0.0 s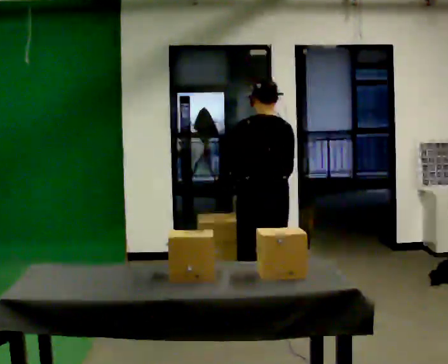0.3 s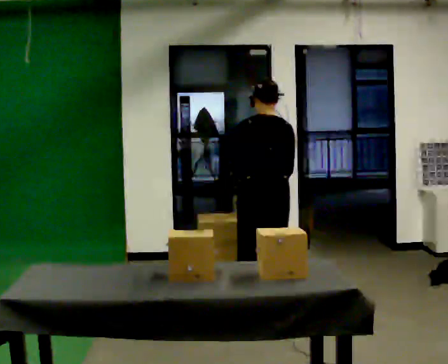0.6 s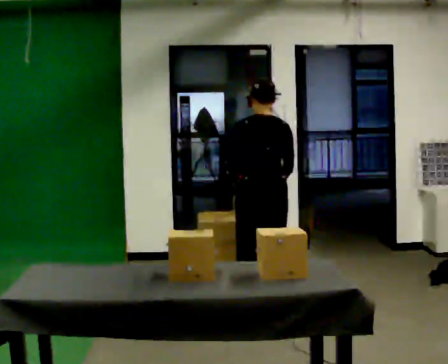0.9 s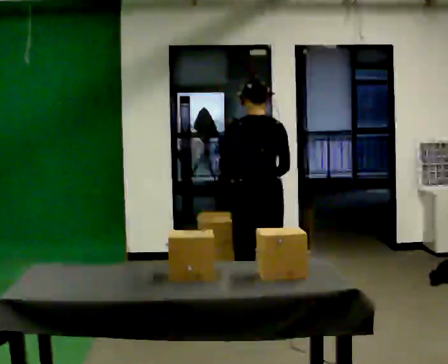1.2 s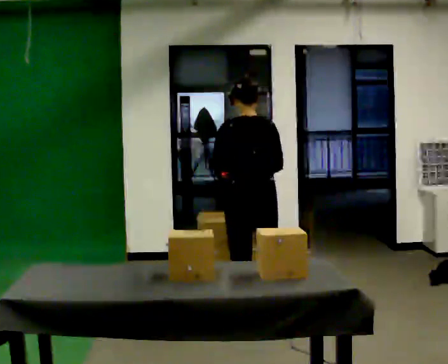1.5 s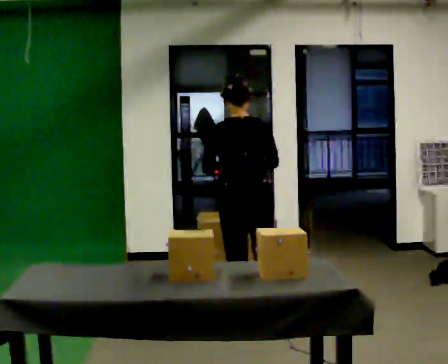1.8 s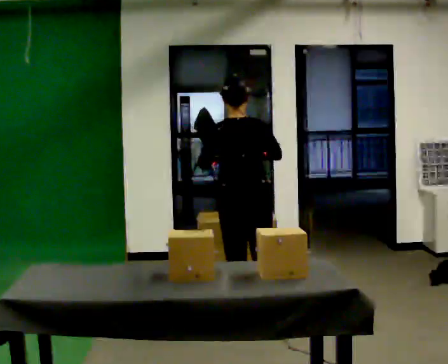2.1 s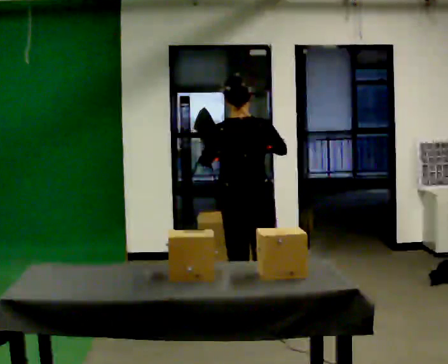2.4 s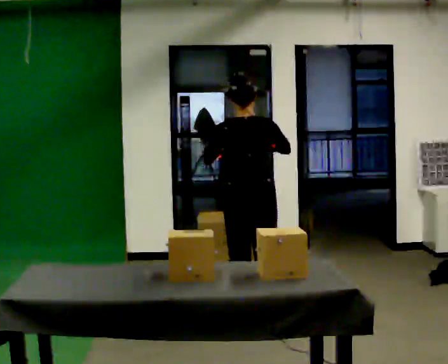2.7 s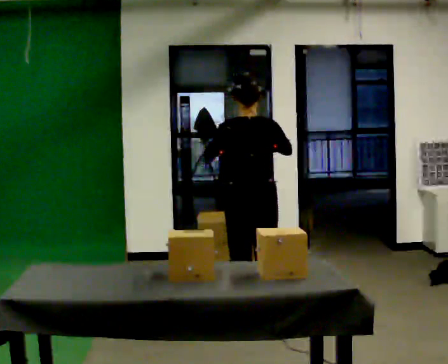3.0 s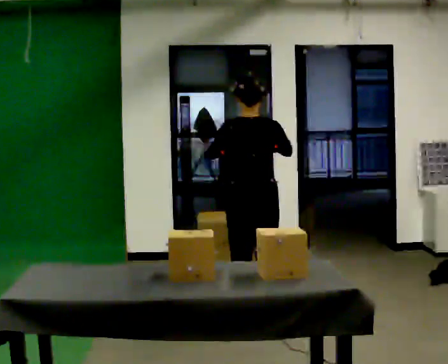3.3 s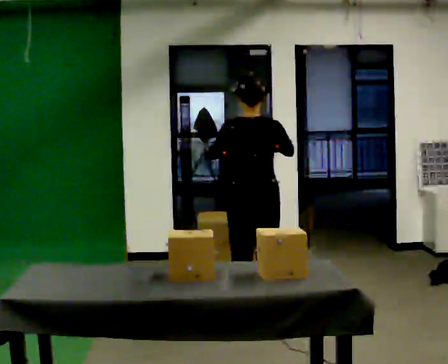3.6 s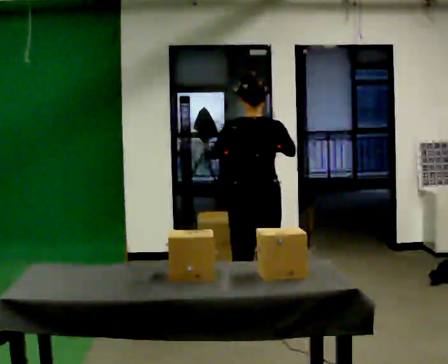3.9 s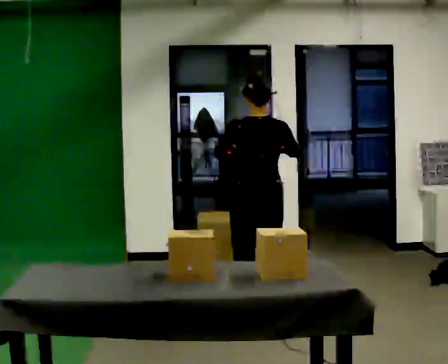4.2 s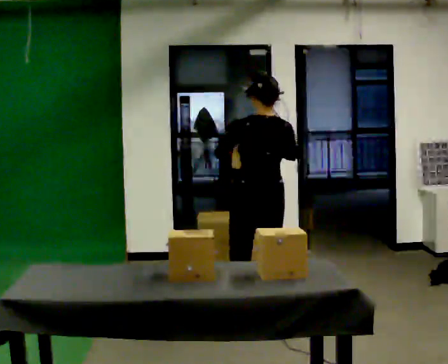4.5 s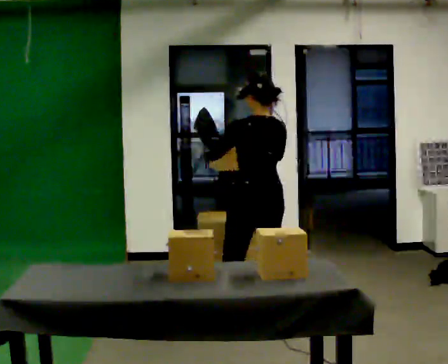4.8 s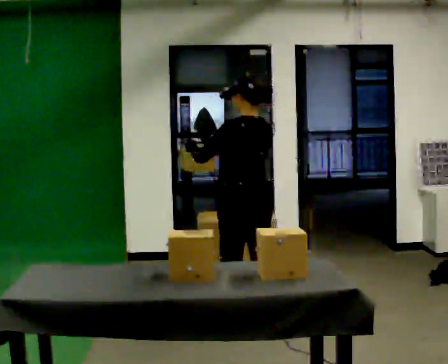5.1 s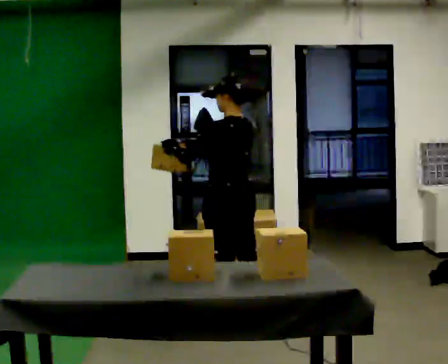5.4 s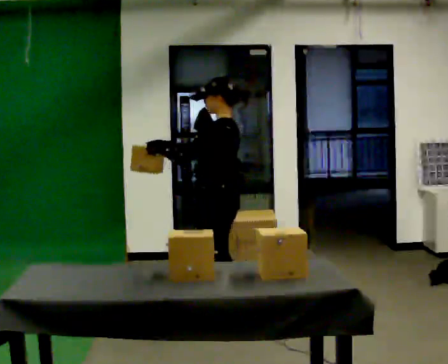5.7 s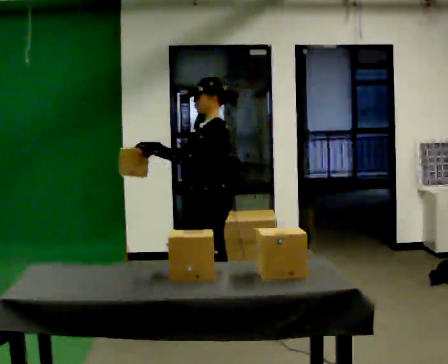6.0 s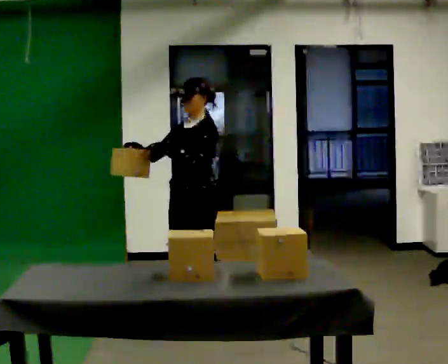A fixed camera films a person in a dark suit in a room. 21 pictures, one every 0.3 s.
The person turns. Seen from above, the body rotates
counterclockwise.
The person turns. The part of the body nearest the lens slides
to the right.
0.0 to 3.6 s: In the picture they go toward the camera, about 0.25 m in 1 step, which for them is backward.
3.6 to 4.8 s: Seen from above the body turns counterclockwise, about 45 degrees: to their left, with its near side sliding to the right.
4.8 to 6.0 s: The part of the body nearest the lens slides to the right as the person turns to their left by about 90 degrees. In the picture they go to the left, about 0.25 m in 1 step.
The film runs forward here.
